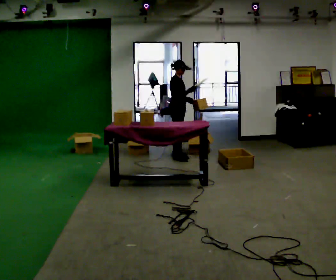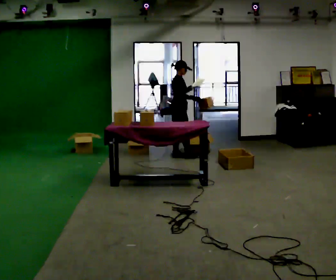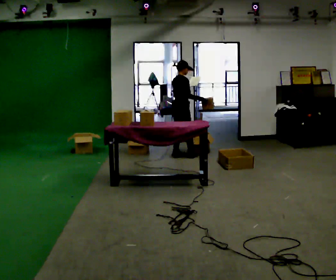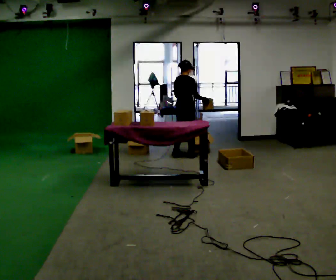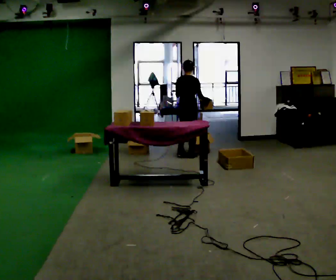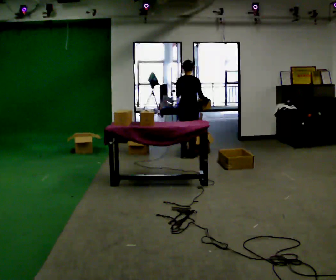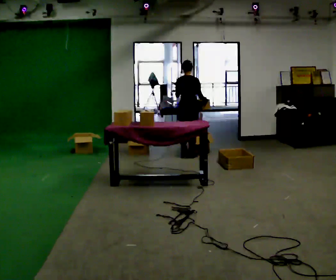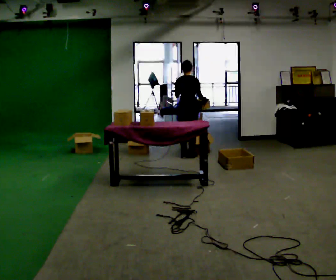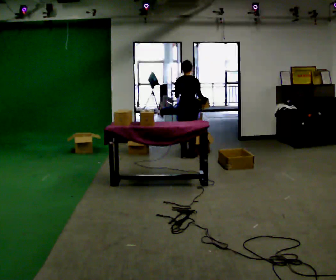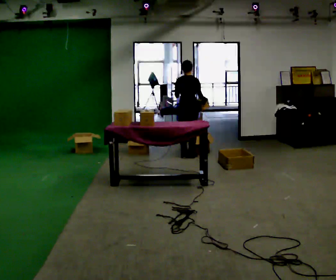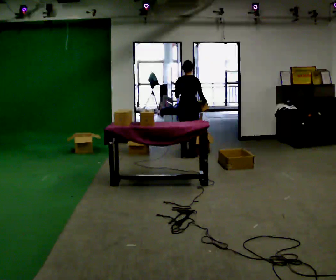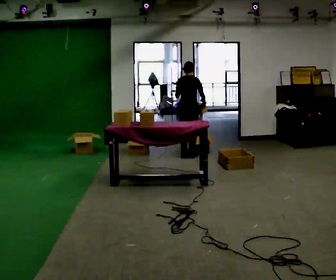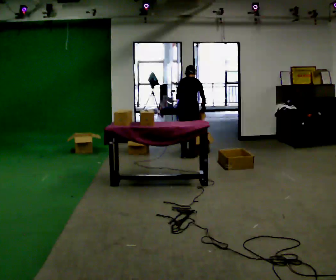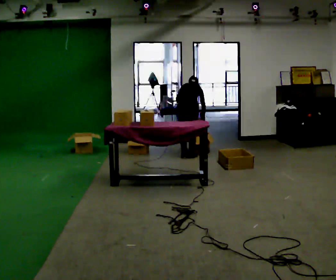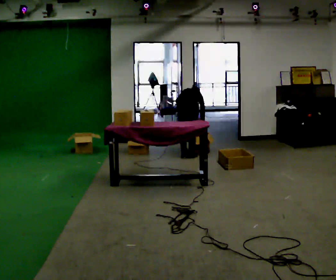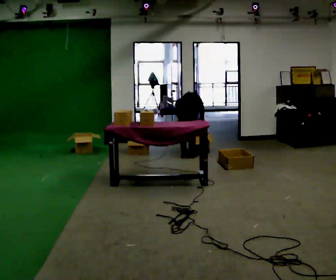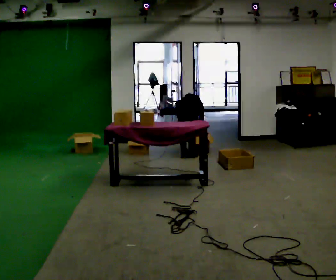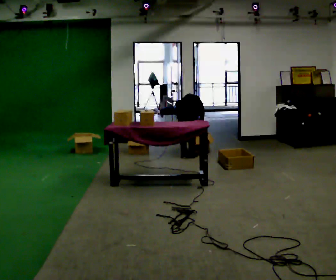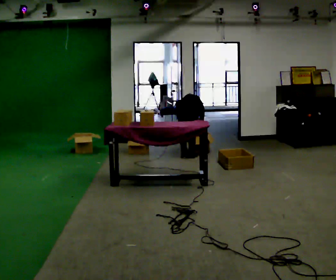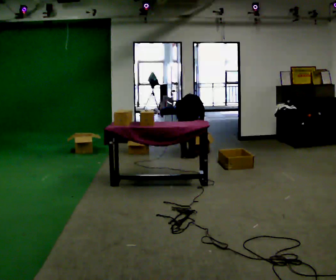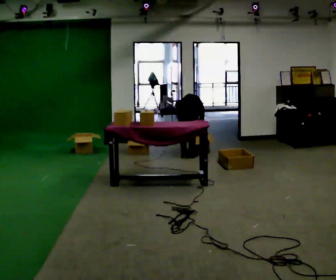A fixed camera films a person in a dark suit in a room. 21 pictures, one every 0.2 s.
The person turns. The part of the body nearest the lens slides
to the right.
The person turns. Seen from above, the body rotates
counterclockwise.
0.0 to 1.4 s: The part of the body nearest the lens slides to the right as the person turns to their left by about 90 degrees. In the picture they go to the right, about 0.25 m in 1 step.
1.4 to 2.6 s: The upper body tips away from the camera, its near side rolling upward, as they bend forward.
2.6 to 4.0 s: The upper body goes downward. The upper body tips away from the camera, its near side rolling upward, as they bend forward.
The film runs backward here.
